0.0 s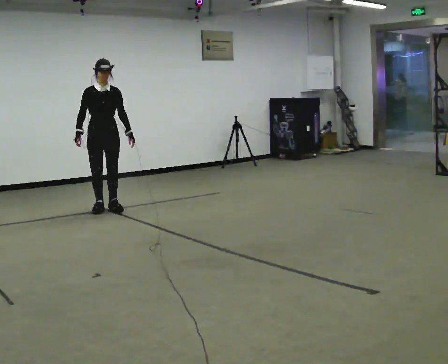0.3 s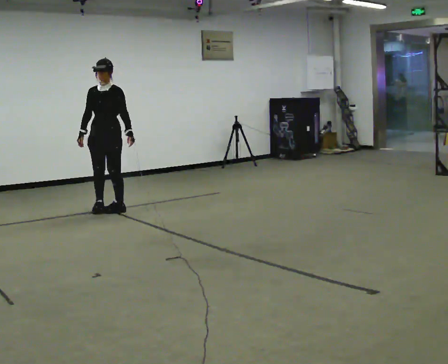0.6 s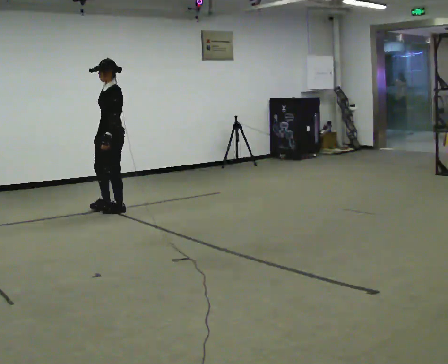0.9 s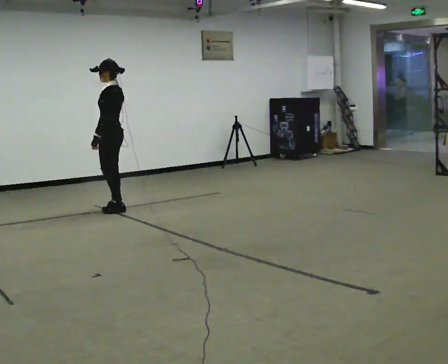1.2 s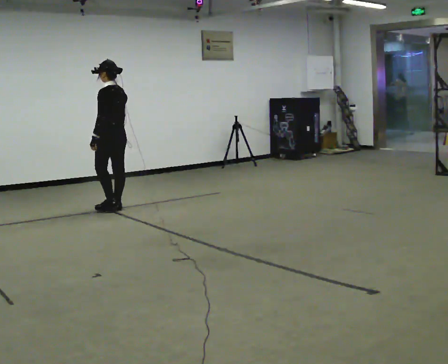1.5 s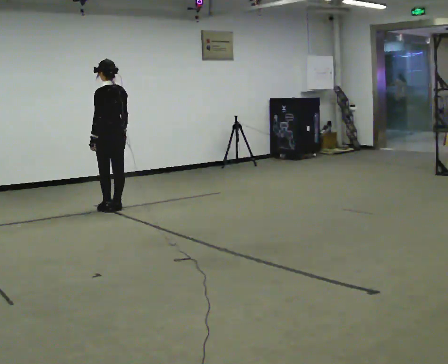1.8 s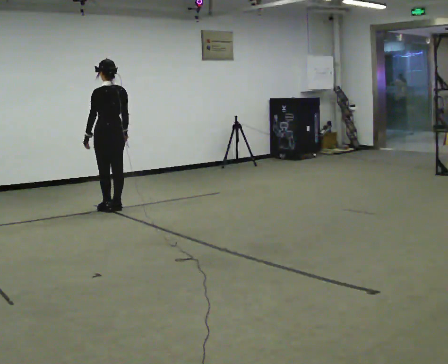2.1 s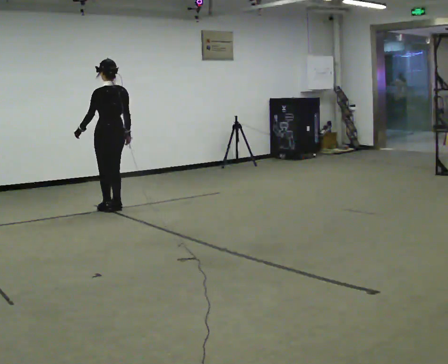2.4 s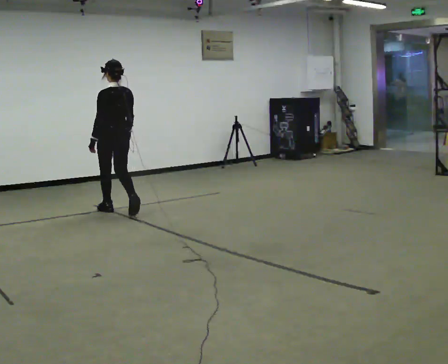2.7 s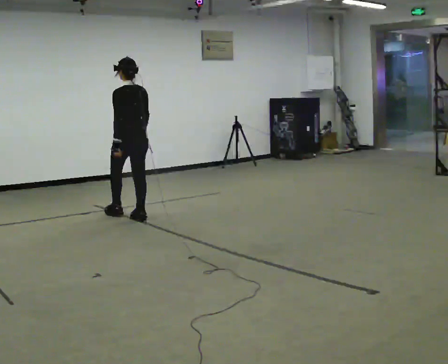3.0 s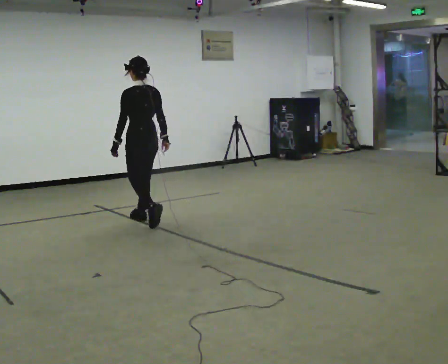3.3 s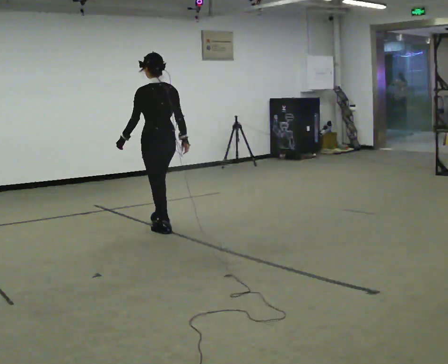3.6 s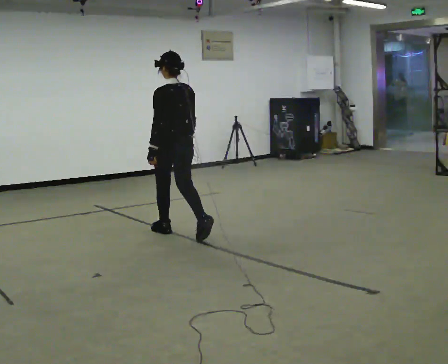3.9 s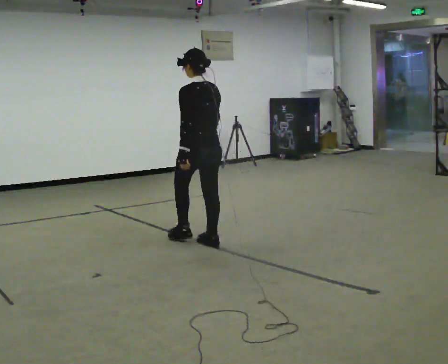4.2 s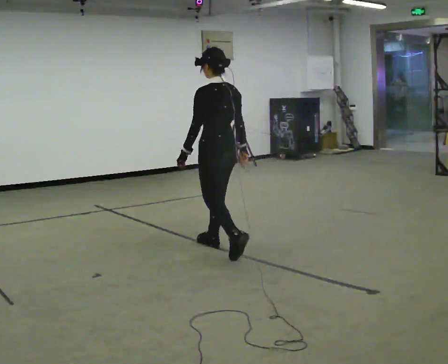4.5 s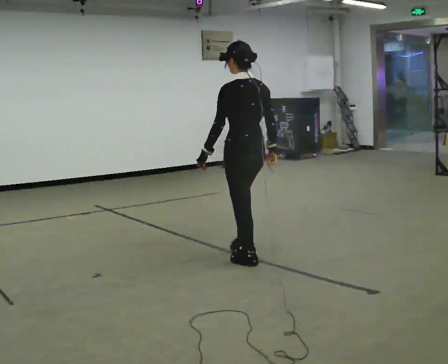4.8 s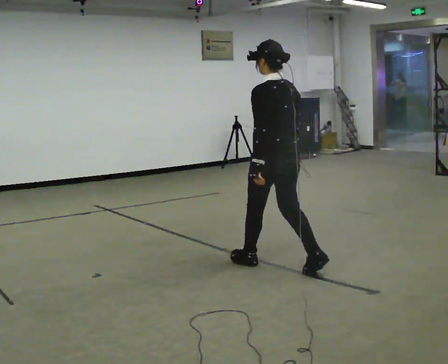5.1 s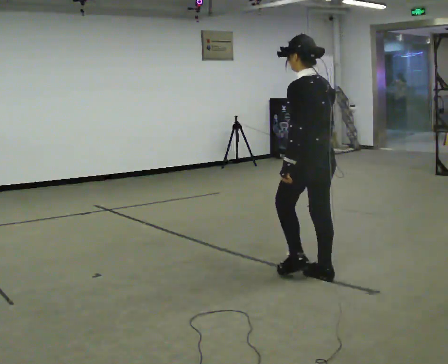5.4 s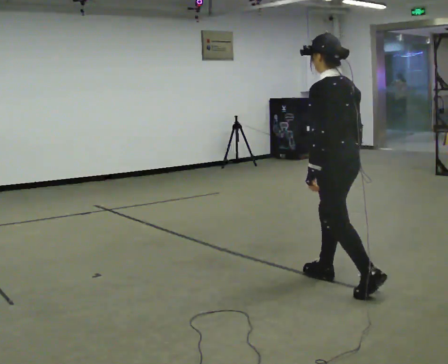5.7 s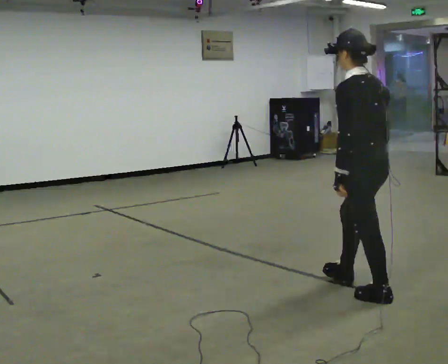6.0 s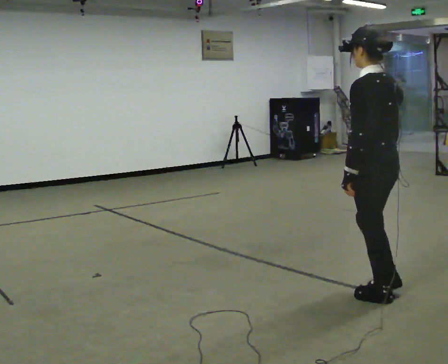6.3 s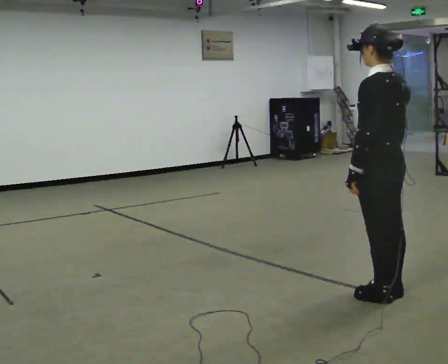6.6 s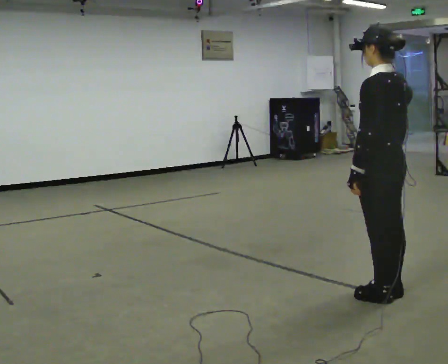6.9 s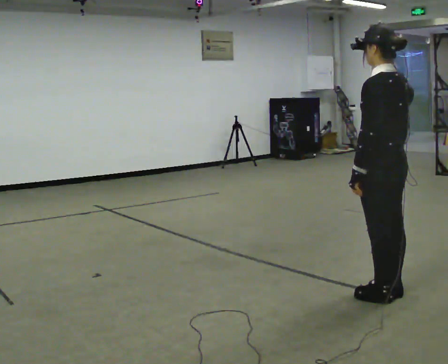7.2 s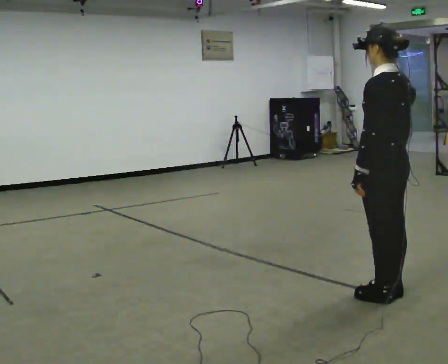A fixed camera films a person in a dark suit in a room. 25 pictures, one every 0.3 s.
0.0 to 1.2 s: Seen from above the body turns clockwise, about 135 degrees: to their right, with its near side sliding to the left. In the picture their right hand goes to the right.
1.2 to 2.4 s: Seen from above the body turns clockwise, about 30 degrees: to their right, with its near side sliding to the left. In the picture they go toward the camera, about 0.25 m in 1 step, which for them is backward.
2.4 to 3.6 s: In the picture they go toward the camera and to the right, about 1 m in 2 steps, which for them is backward.
3.6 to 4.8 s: In the picture they go toward the camera and to the right, about 1.5 m in 2 steps, which for them is backward.
4.8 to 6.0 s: In the picture they go toward the camera and to the right, about 1 m in 2 steps, which for them is backward.
6.0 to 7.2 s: The person moves a little, or ends about where they began.
The film runs backward here.
